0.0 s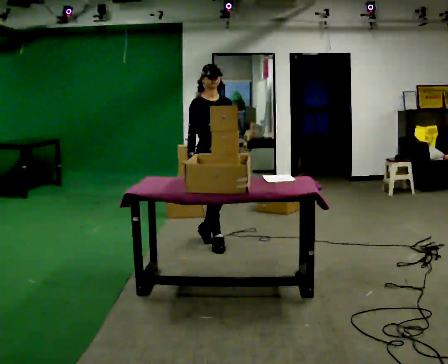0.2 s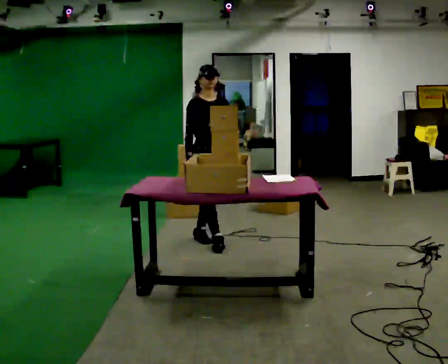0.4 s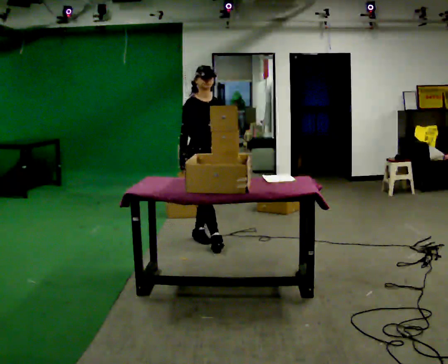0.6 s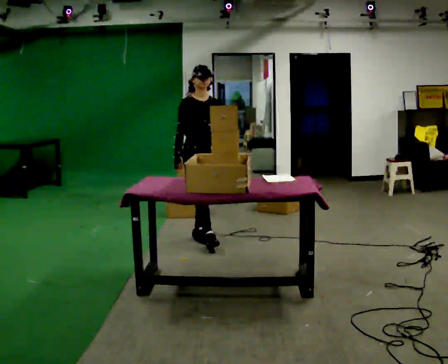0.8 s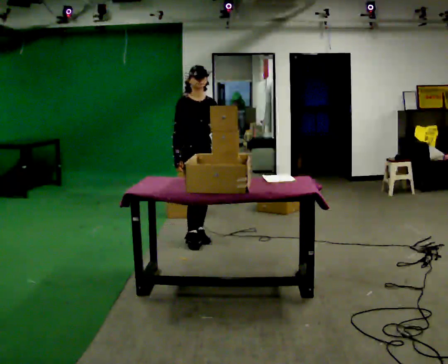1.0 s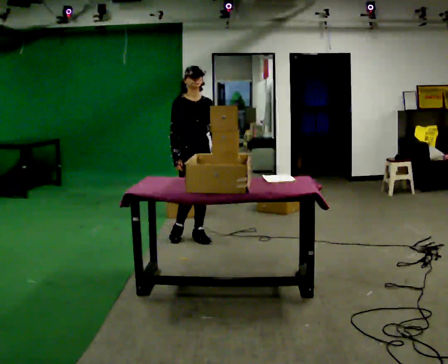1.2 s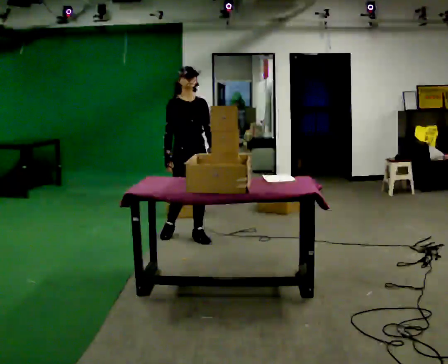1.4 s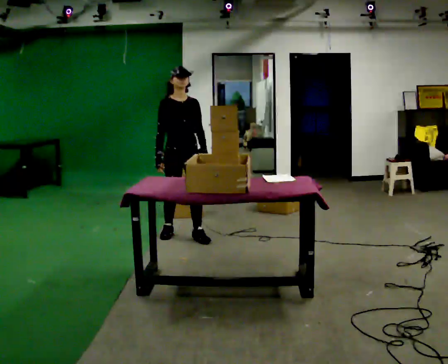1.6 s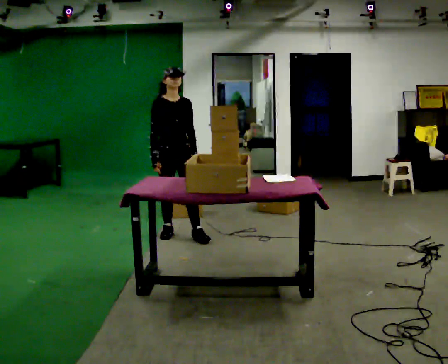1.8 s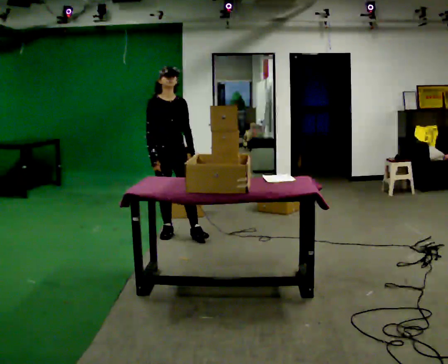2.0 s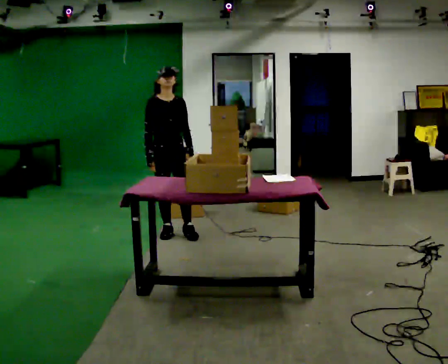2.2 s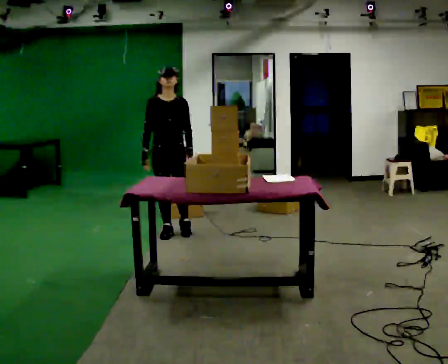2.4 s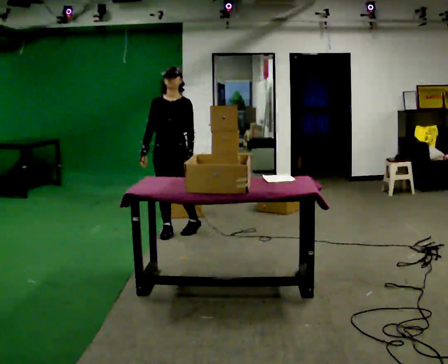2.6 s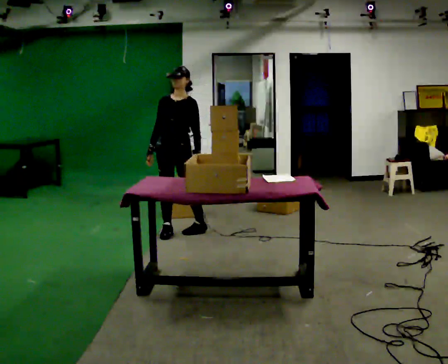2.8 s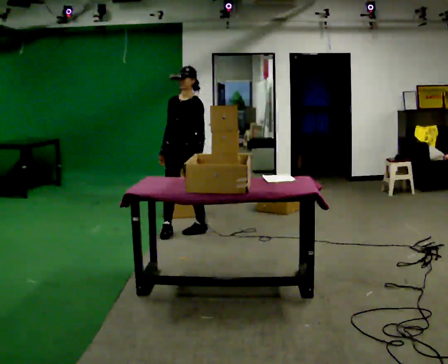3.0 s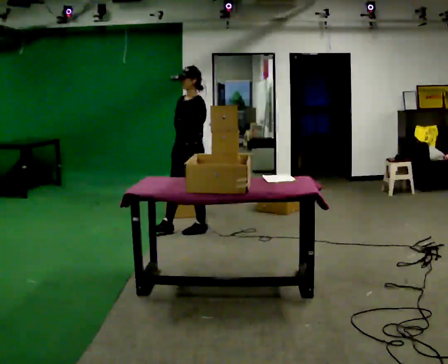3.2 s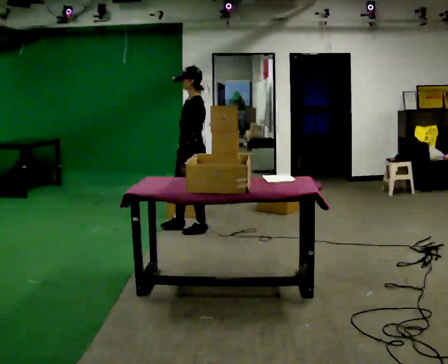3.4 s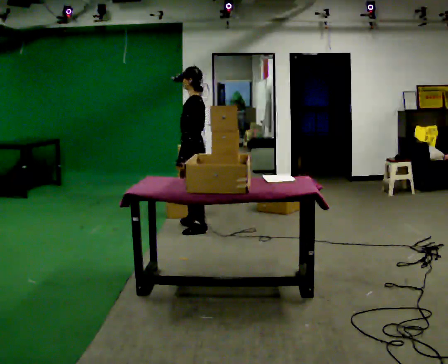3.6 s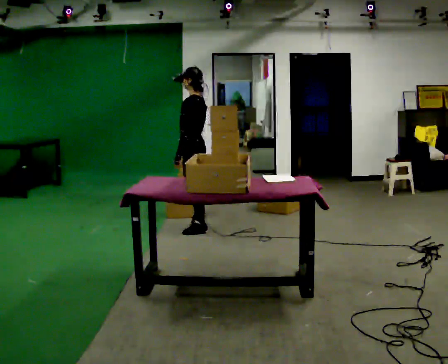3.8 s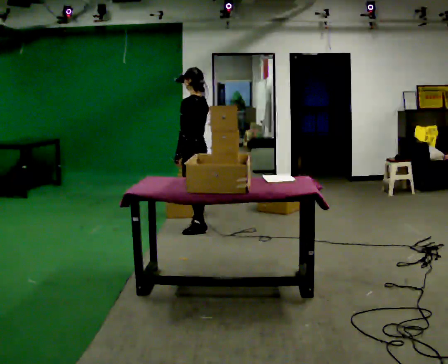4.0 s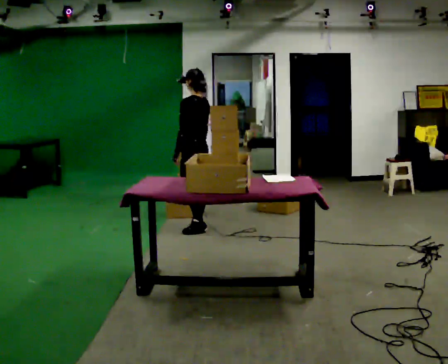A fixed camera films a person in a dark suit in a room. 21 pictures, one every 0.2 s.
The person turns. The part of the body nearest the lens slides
to the left.
The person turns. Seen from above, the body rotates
clockwise.
0.0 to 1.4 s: In the picture they go away from the camera and to the left, about 0.5 m in 1 step, which for them is backward.
1.4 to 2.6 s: The person turns about 45 degrees to their right, clockwise seen from above, so the part of the body nearest the lens slides to the left.
2.6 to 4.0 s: The person turns about 105 degrees to their right, clockwise seen from above, so the part of the body nearest the lens slides to the left. In the picture they go away from the camera and to the right, about 0.25 m in 1 step.
The film runs backward here.
